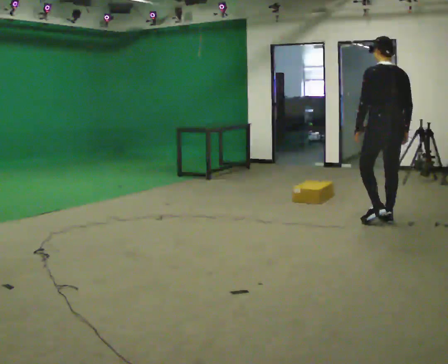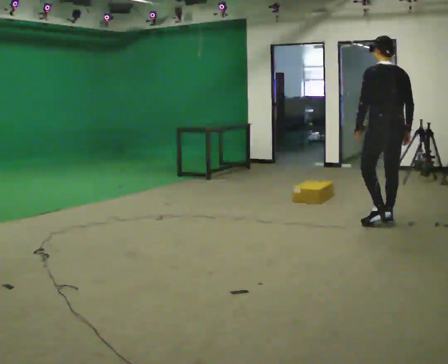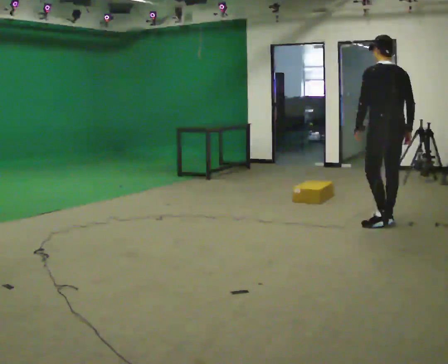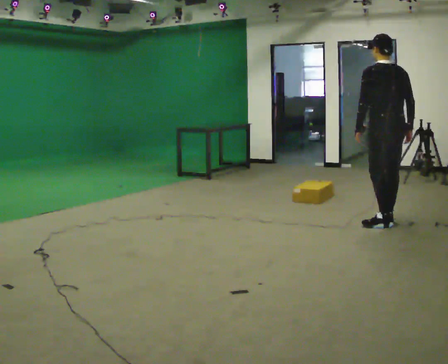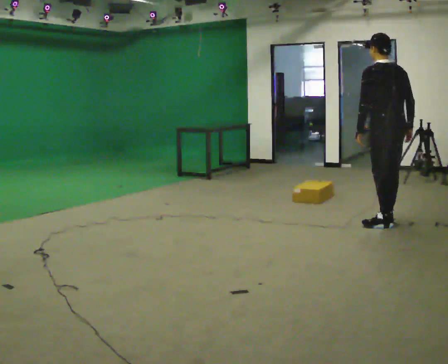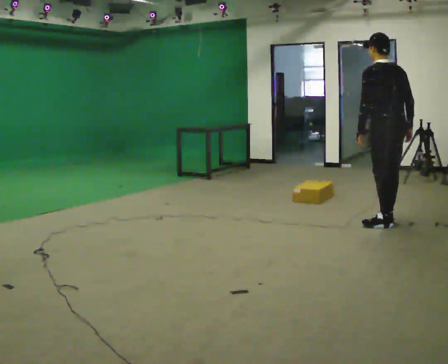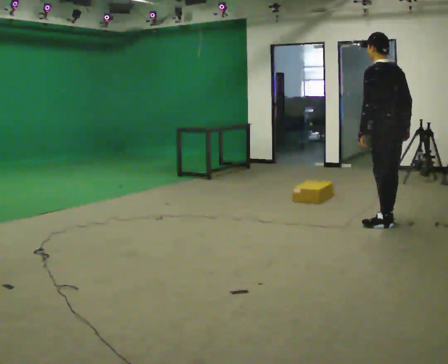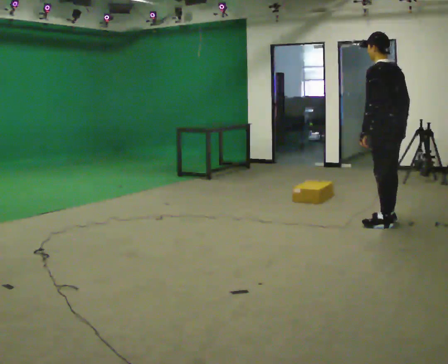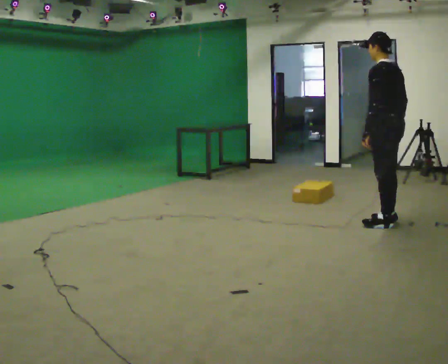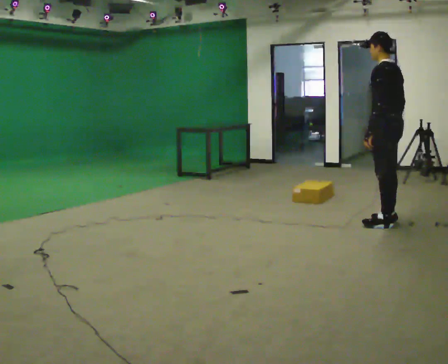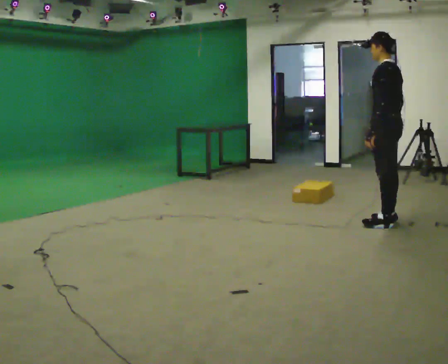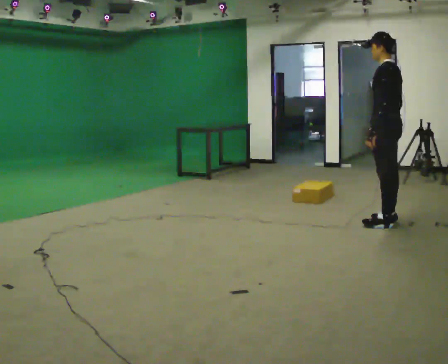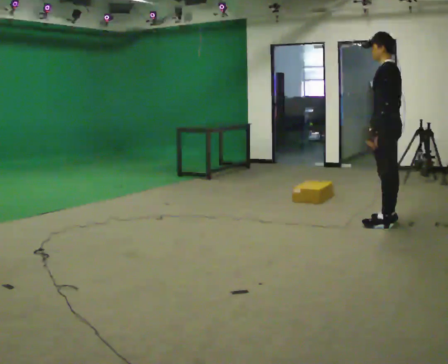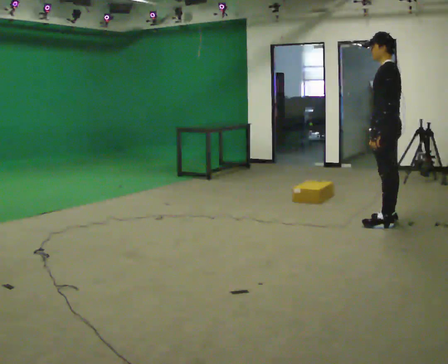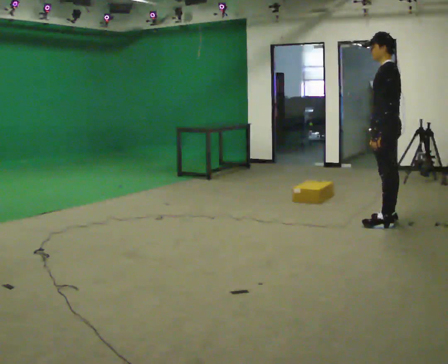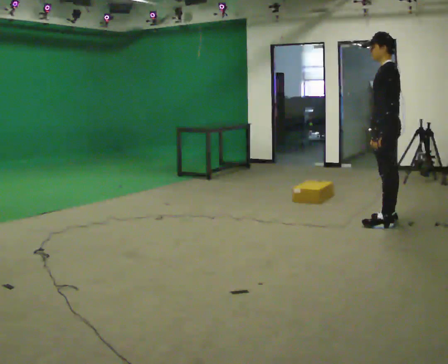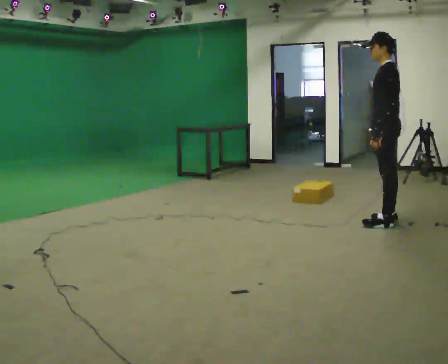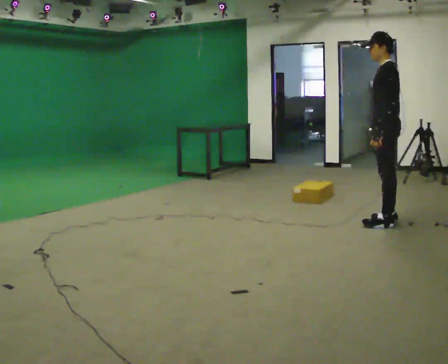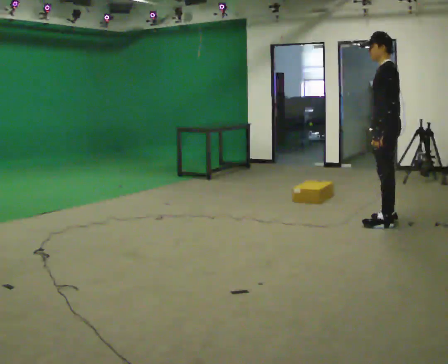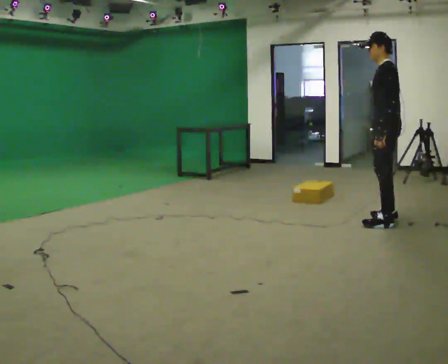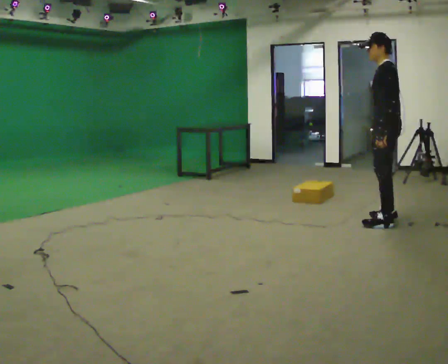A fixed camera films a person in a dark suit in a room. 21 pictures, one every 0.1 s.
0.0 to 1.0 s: The person turns about 45 degrees to their left, counterclockwise seen from above, so the part of the body nearest the lens slides to the right.
1.0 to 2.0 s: The person moves a little, or ends about where they began.
The film runs backward here.
